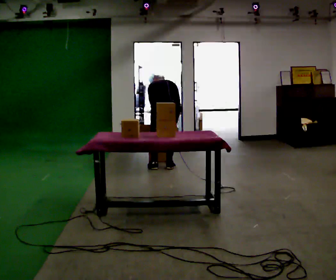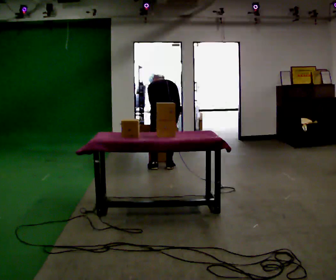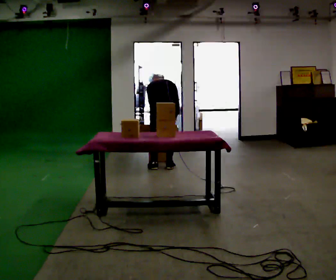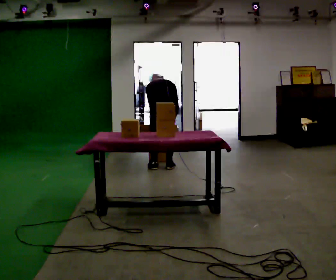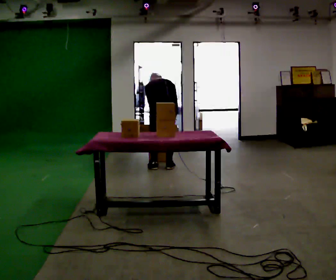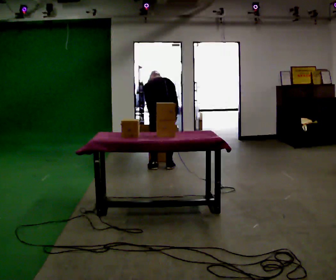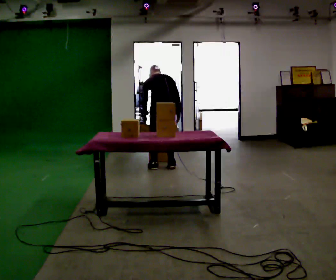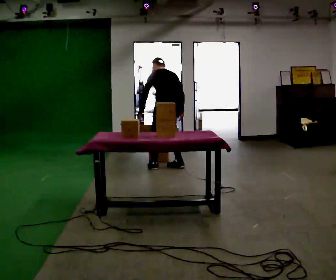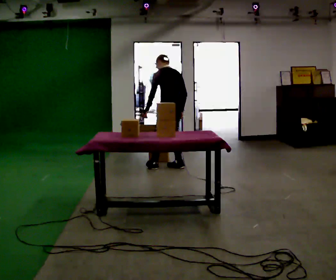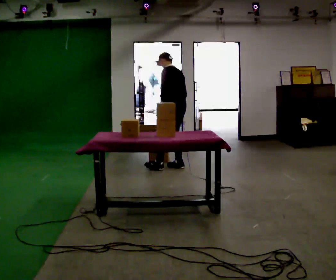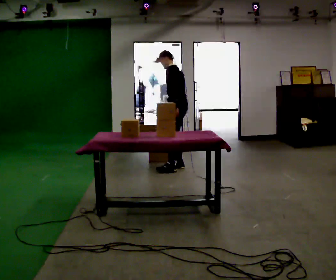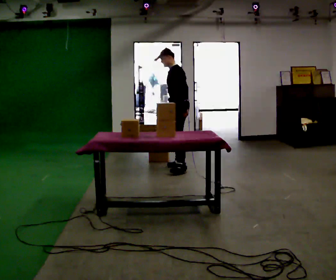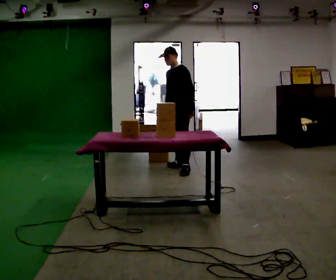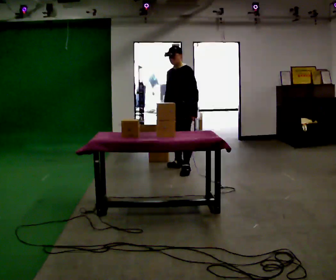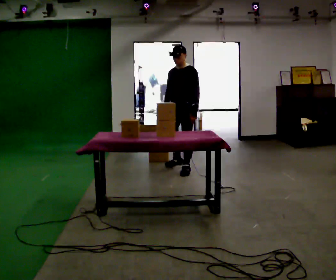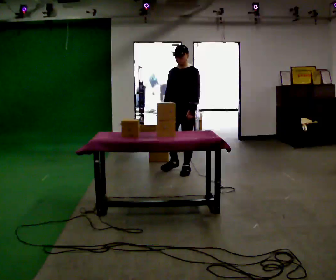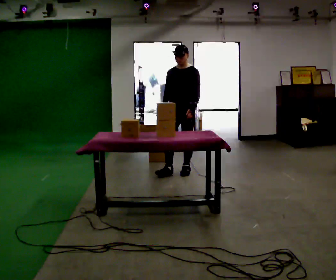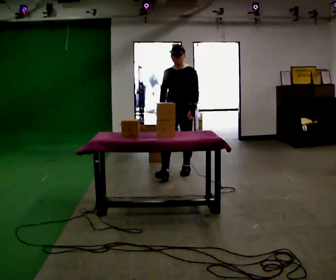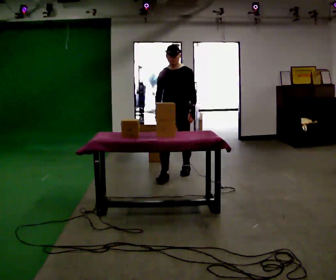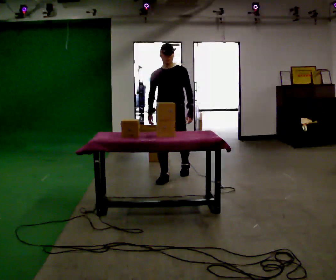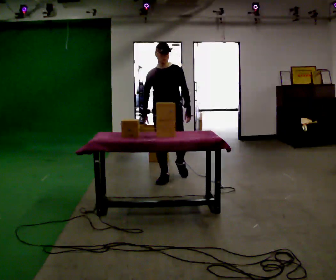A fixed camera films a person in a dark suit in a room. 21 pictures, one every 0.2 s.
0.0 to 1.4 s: The upper body goes upward. The upper body tips toward the camera, its near side rolling downward, as they lean back or straighten.
1.4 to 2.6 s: The part of the body nearest the lens slides to the right as the person turns to their left by about 105 degrees. In the picture they go to the right, about 0.25 m in 1 step. The upper body tips toward the camera, its near side rolling downward, as they lean back or straighten. In the picture their left hand goes to the right, the arm swinging counterclockwise.
2.6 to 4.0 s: The person turns about 45 degrees to their left, counterclockwise seen from above, so the part of the body nearest the lens slides to the right. In the picture they go toward the camera, about 0.5 m in 1 step, which for them is forward.
The film runs forward here.
